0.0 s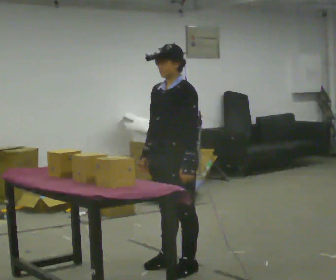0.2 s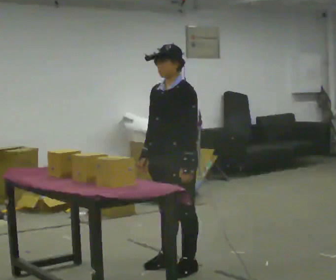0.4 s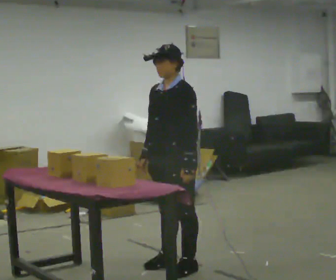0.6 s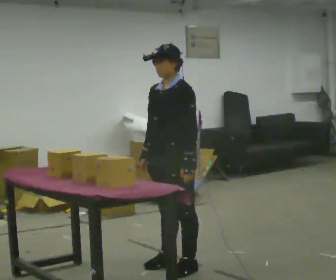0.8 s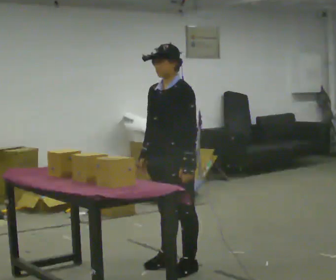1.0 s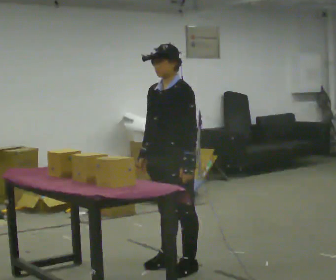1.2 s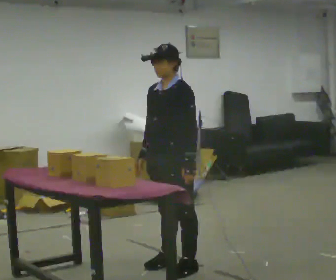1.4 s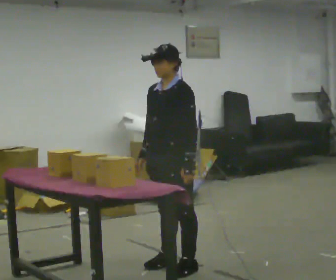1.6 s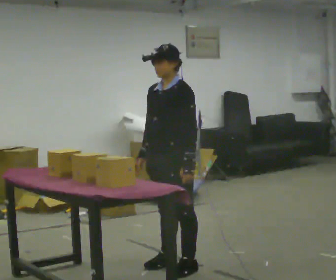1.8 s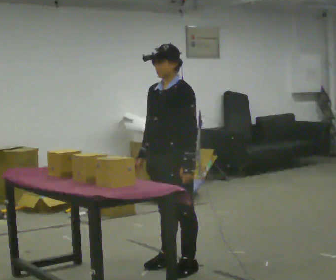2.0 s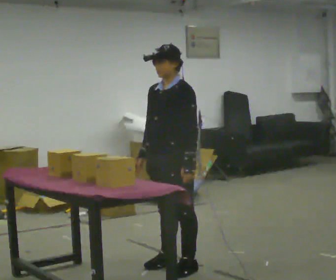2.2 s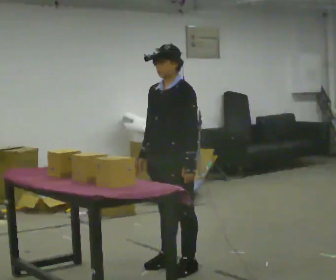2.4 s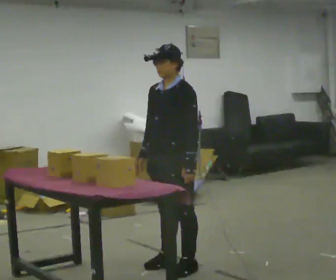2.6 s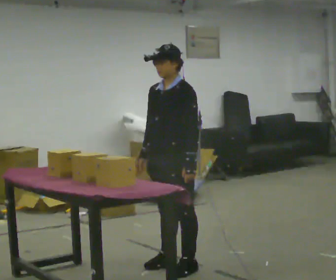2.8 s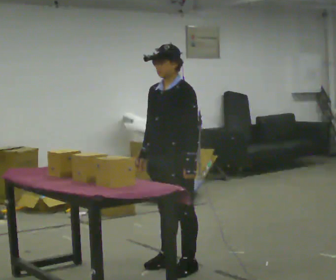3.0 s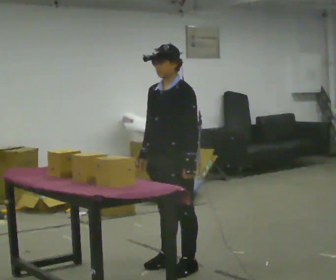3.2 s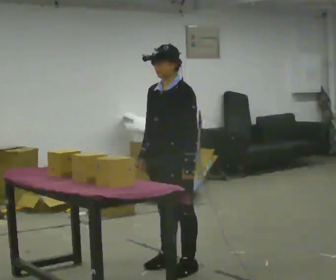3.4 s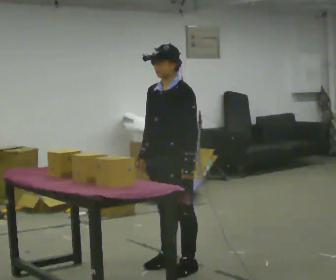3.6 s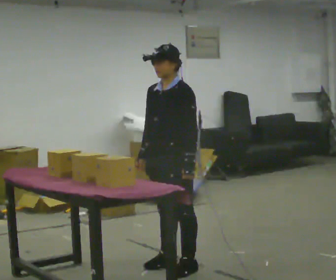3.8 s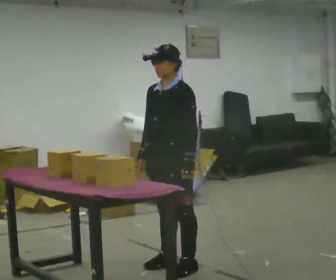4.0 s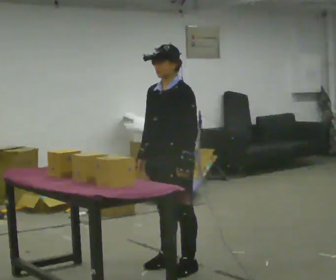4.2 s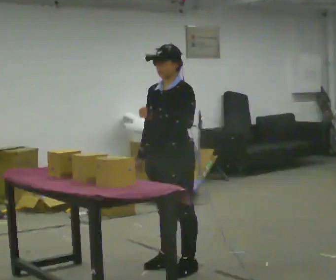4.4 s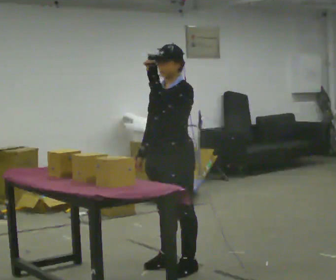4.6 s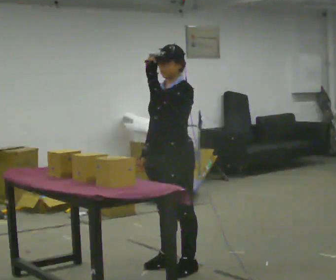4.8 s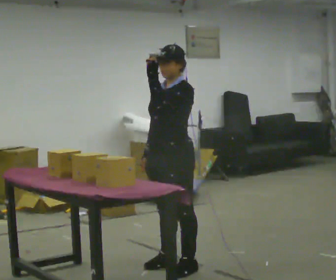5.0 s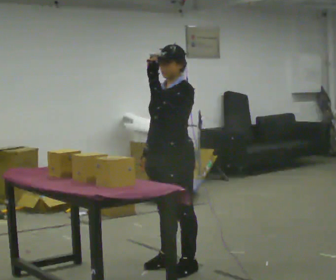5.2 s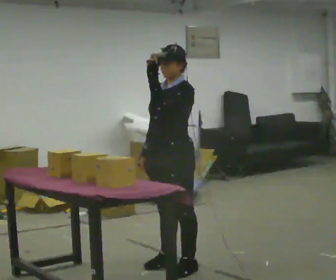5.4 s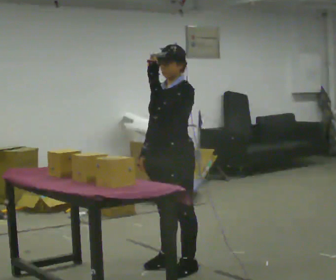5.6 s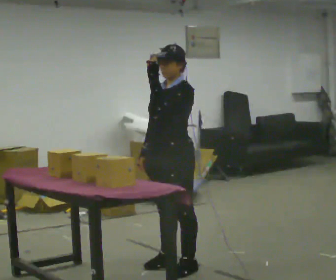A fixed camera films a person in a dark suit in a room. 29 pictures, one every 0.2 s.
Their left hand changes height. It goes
upward.
0.0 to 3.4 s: The person keeps their place and pose.
3.4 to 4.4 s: In the picture their left hand goes upward.
4.4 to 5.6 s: The person moves a little, or ends about where they began.
The film runs forward here.
